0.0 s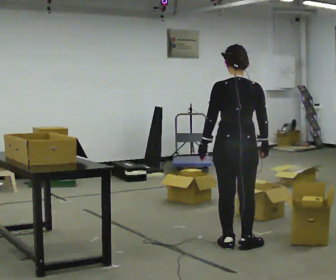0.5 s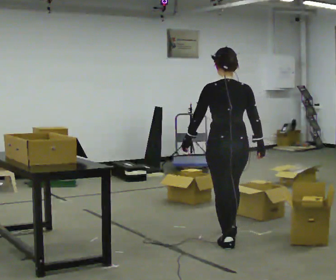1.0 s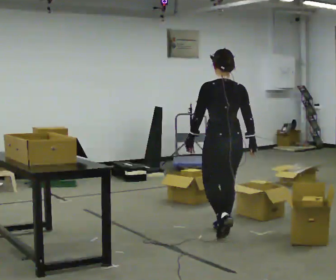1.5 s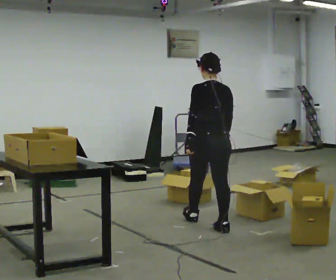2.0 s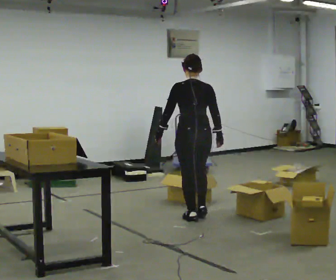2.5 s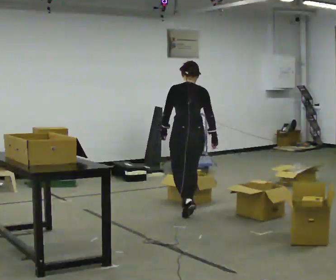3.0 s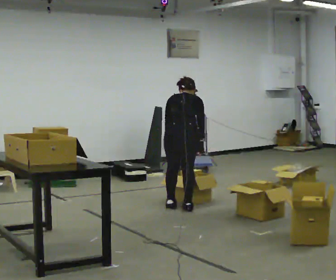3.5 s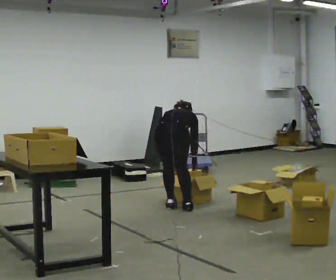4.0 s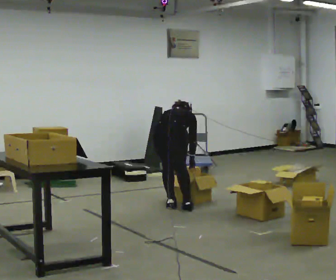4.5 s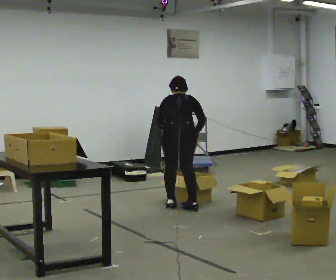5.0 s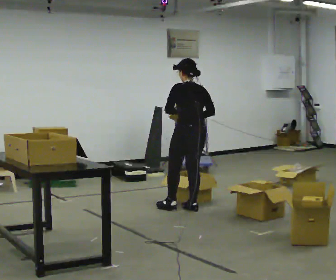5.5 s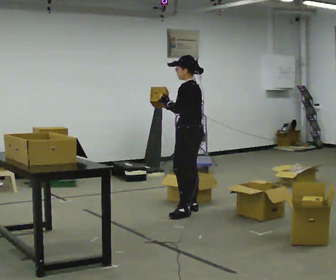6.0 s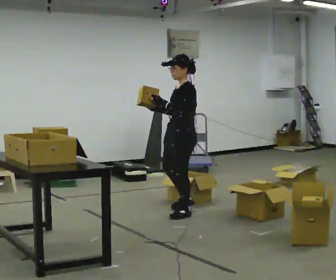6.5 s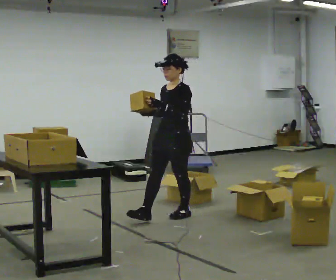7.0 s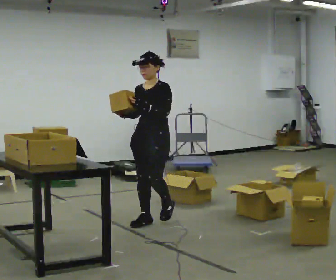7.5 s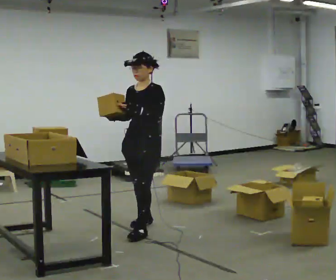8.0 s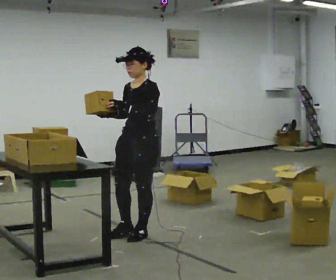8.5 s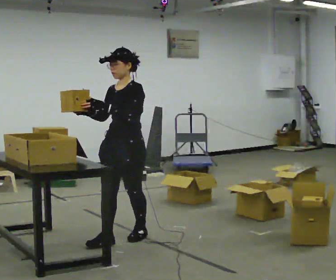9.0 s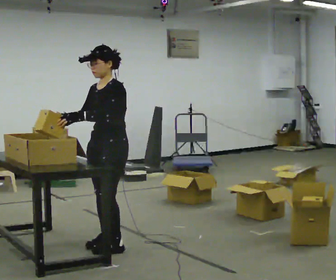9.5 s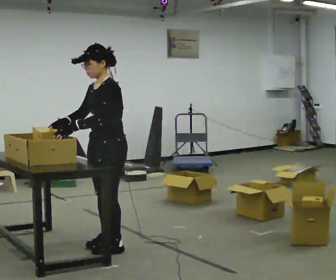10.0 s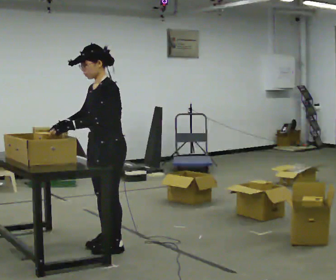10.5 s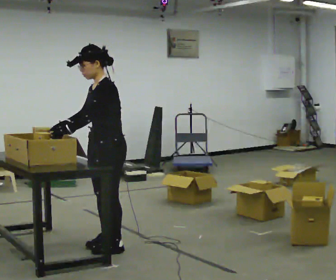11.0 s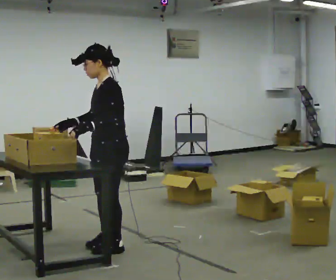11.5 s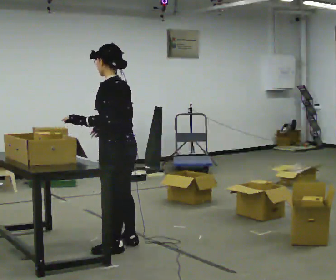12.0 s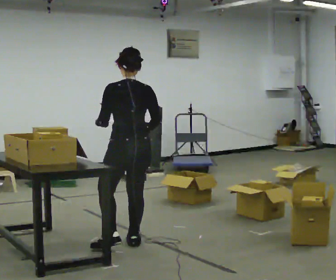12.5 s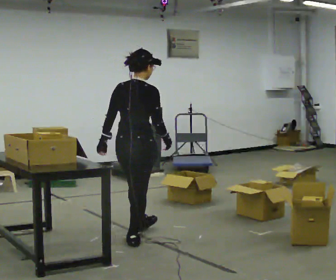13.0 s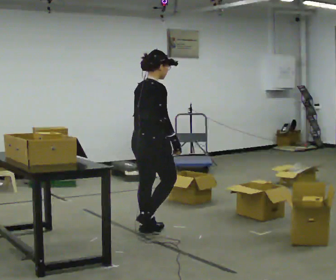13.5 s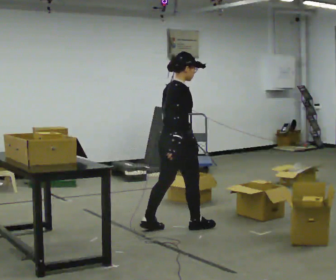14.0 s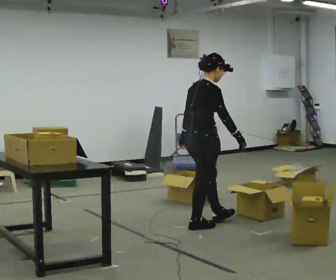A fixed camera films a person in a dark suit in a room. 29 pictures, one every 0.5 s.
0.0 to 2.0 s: In the picture they go away from the camera, about 1 m in 2 steps, which for them is forward.
2.0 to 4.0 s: Seen from above the body turns clockwise, about 30 degrees: to their right, with its near side sliding to the left. In the picture they go away from the camera and to the left, about 0.5 m in 2 steps, which for them is forward and to their left. The upper body goes downward. The upper body tips away from the camera, its near side rolling upward, as they bend forward. In the picture their left hand goes downward.
4.0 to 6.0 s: Seen from above the body turns counterclockwise, about 120 degrees: to their left, with its near side sliding to the right. In the picture they go toward the camera, about 0.25 m in 1 step. The upper body goes upward. The upper body tips toward the camera, its near side rolling downward, as they lean back or straighten. In the picture their right hand goes upward.
6.0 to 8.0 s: The person turns about 30 degrees to their left, counterclockwise seen from above, so the part of the body nearest the lens slides to the right. In the picture they go toward the camera and to the left, about 1 m in 2 steps, which for them is forward.
8.0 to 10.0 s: In the picture they go toward the camera and to the left, about 0.5 m in 2 steps, which for them is forward.
10.0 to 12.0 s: The part of the body nearest the lens slides to the left as the person turns to their right by about 90 degrees. In the picture they go to the right, about 0.25 m in 1 step. In the picture their right hand goes to the right, the arm swinging counterclockwise.
12.0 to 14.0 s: The person turns about 75 degrees to their right, clockwise seen from above, so the part of the body nearest the lens slides to the left. In the picture they go to the right and away from the camera, about 1 m in 2 steps.
The film runs forward here.
